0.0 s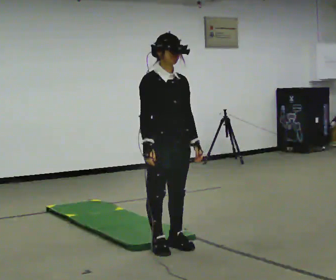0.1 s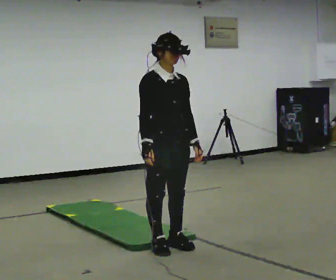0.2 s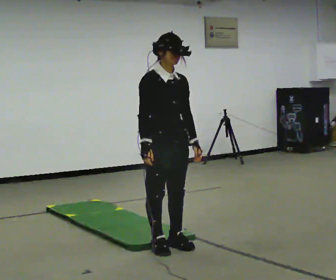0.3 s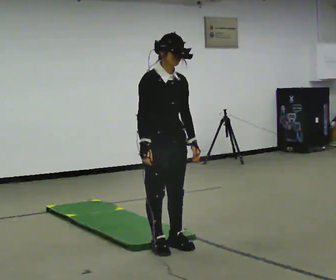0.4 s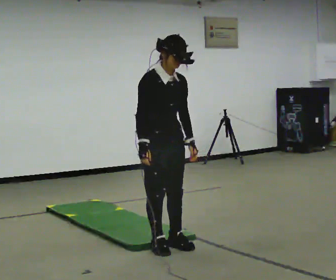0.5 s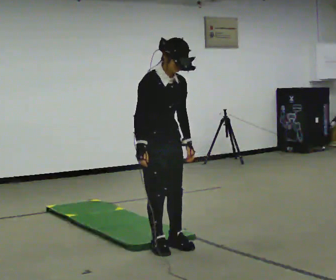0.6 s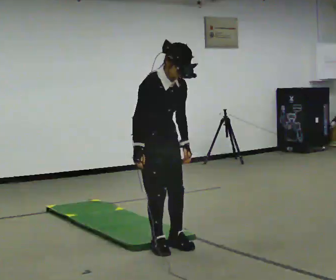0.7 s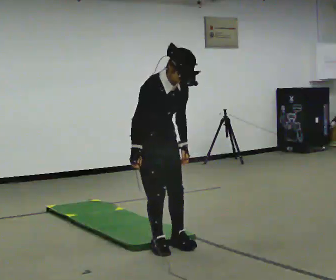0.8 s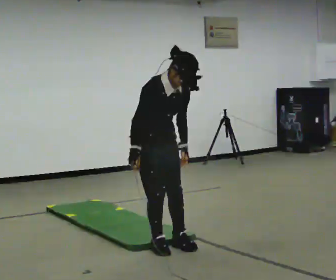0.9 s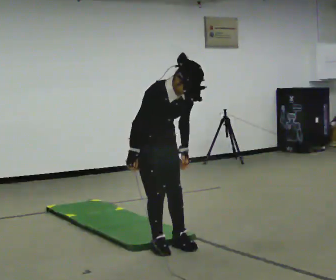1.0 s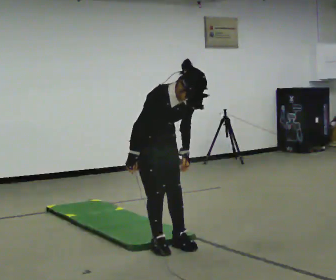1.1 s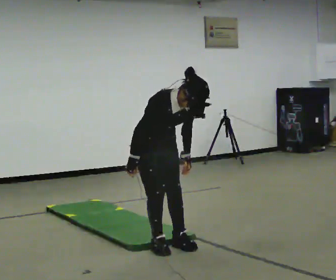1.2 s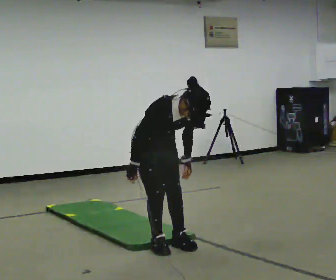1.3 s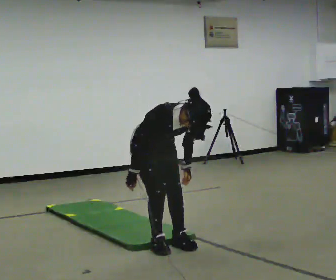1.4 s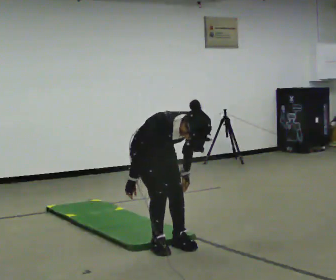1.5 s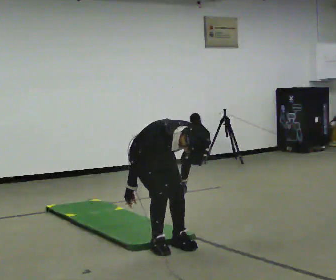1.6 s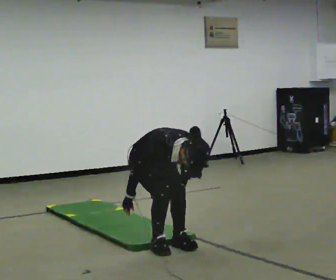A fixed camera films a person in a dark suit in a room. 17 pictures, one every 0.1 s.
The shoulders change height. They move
downward.
Their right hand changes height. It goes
downward.
0.0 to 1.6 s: In the picture they go away from the camera, about 0.25 m, which for them is backward. The upper body goes downward. The upper body tips toward the camera, its near side rolling downward, as they bend forward. In the picture their left hand goes downward.
The film runs forward here.
